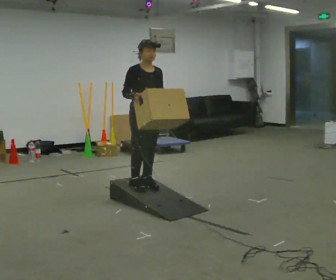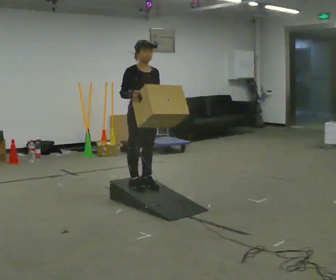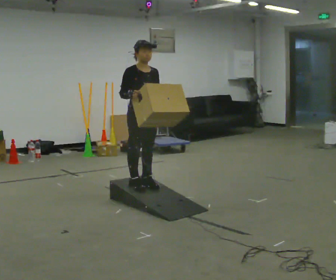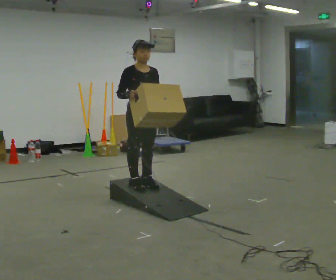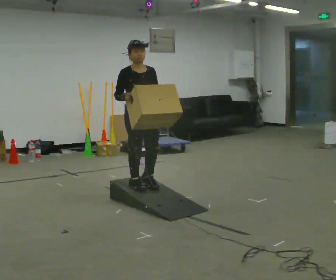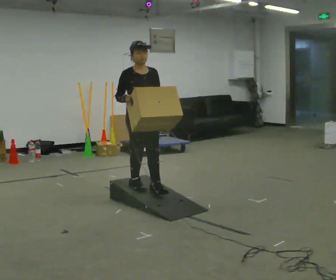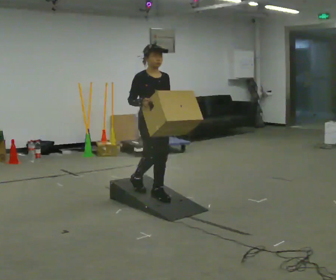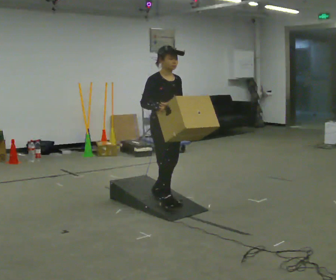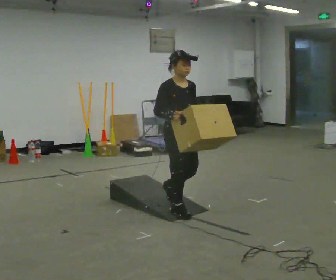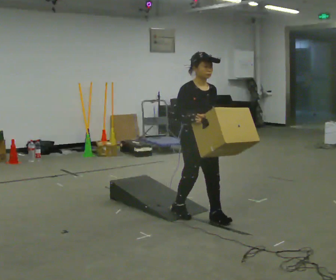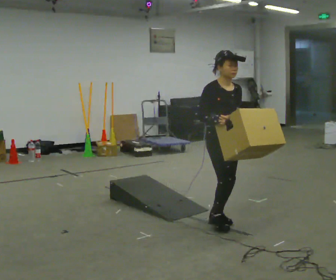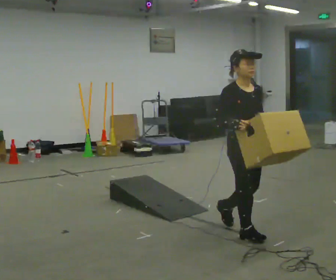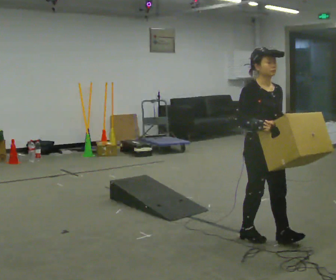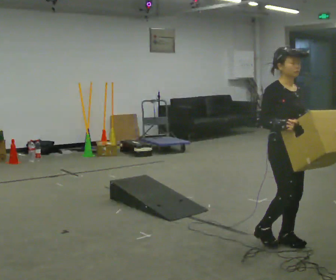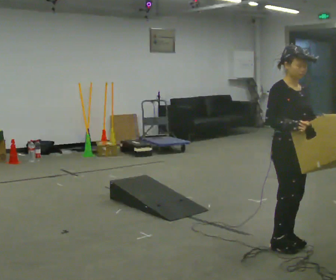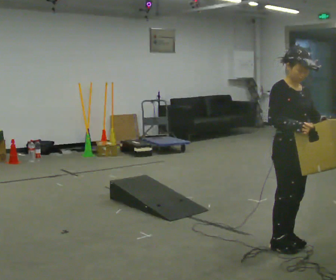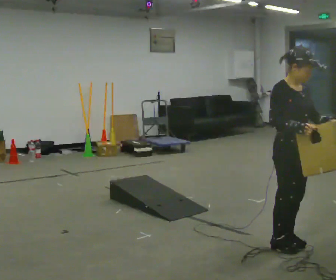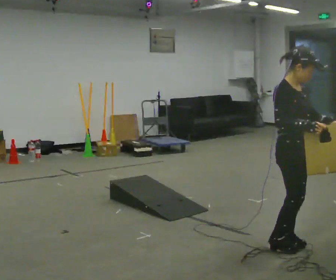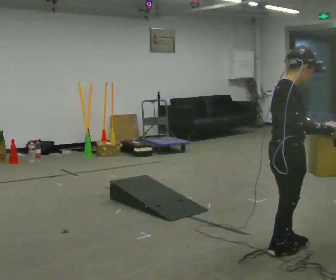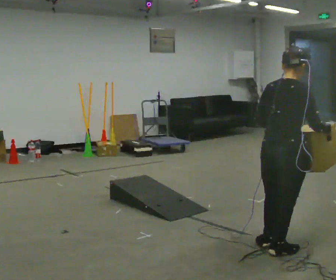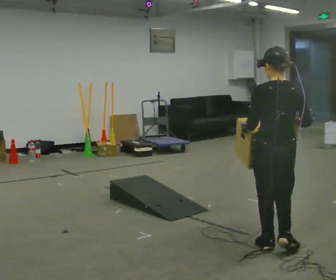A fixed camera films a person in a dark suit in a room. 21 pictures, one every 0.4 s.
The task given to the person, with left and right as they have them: Carry the box up the ramp, turn at the top, and carry it back down. Keep going until the operator says stop; one object at a time, and do not rush between trips.
0.0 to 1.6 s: The person moves a little, or ends about where they began.
1.6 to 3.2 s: In the picture they go to the right and toward the camera, about 0.5 m in 2 steps, which for them is forward.
3.2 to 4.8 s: In the picture they go to the right and toward the camera, about 1 m in 2 steps, which for them is forward.
4.8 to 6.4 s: In the picture they go to the right and toward the camera, about 0.25 m in 2 steps, which for them is forward.
6.4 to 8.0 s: The part of the body nearest the lens slides to the right as the person turns to their left by about 150 degrees.
The film runs forward here.
